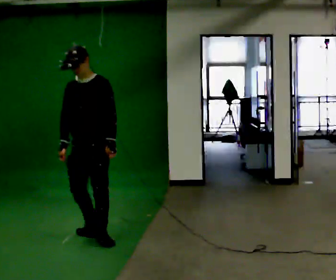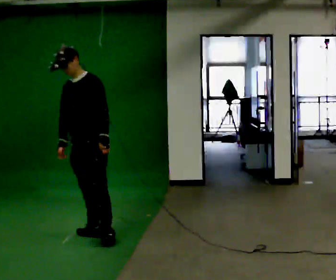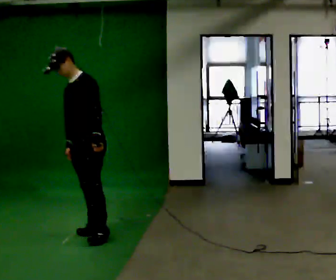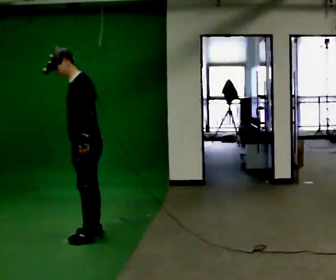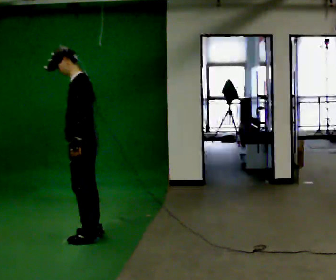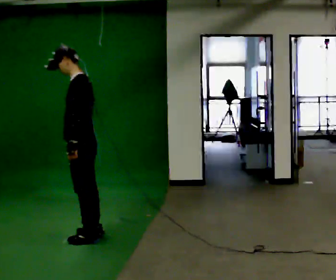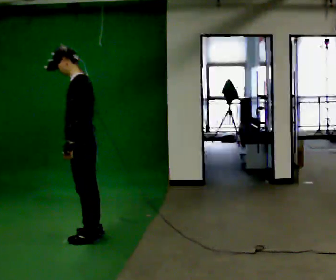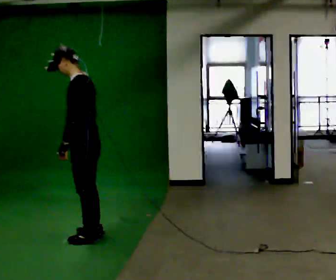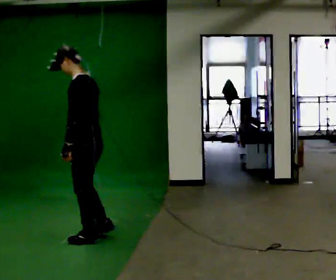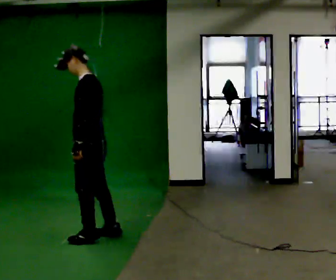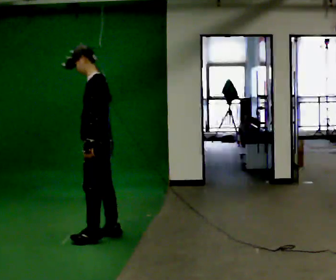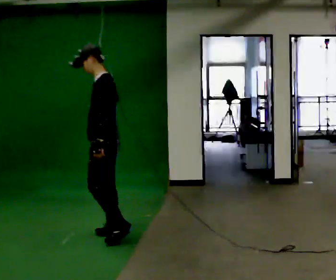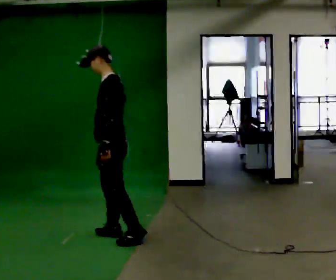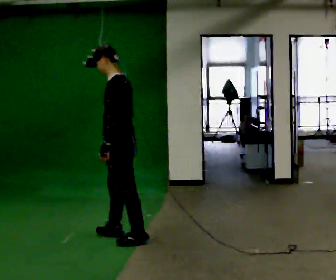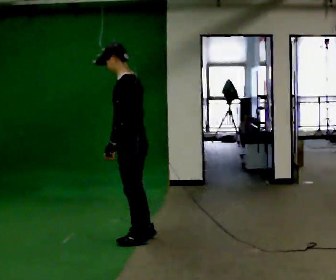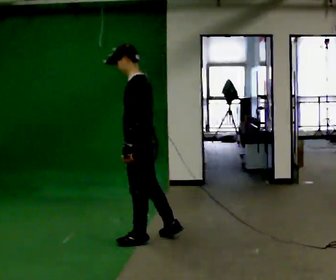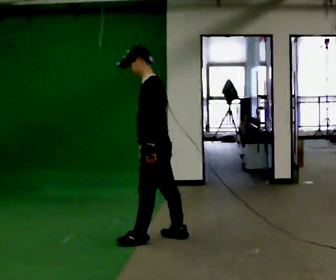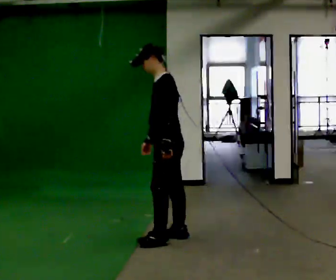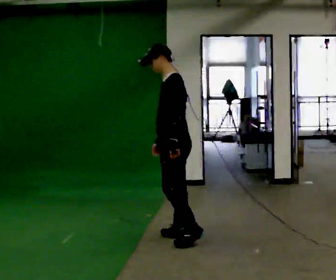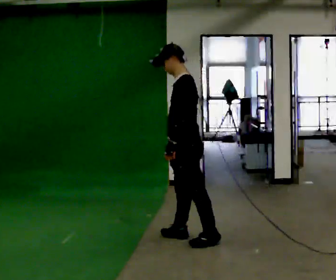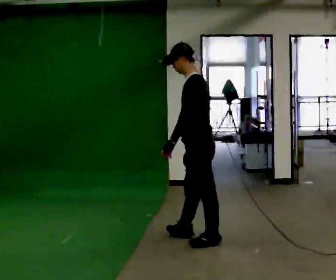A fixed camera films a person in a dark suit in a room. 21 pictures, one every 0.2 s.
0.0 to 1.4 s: The part of the body nearest the lens slides to the left as the person turns to their right by about 60 degrees.
1.4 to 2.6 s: In the picture they go to the right, about 0.25 m in 3 steps, which for them is backward.
2.6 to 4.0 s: In the picture they go to the right, about 0.75 m in 2 steps, which for them is backward.
The film runs backward here.
